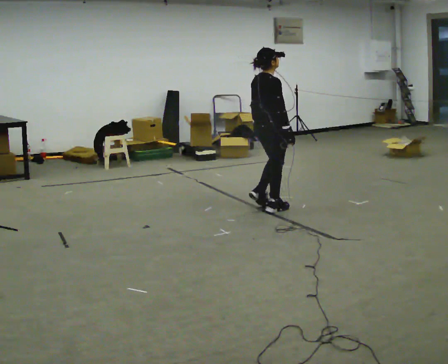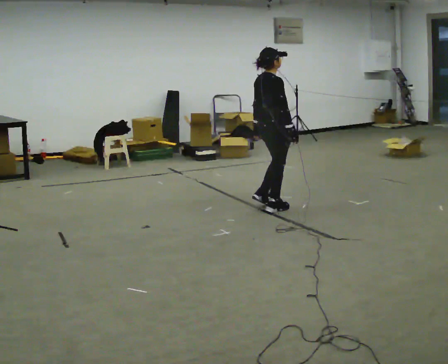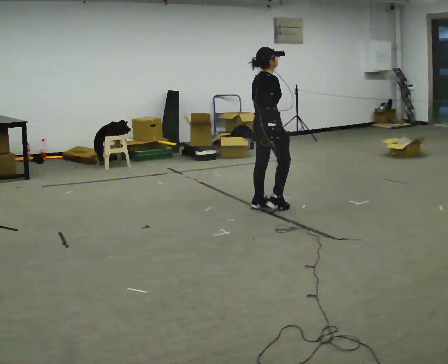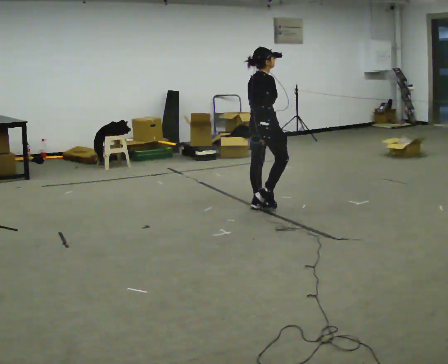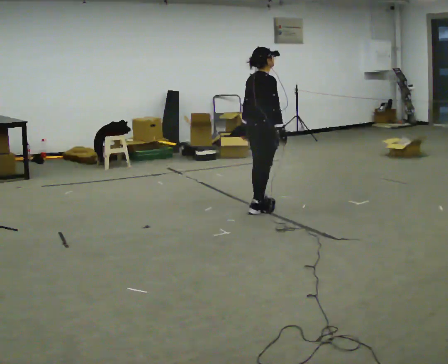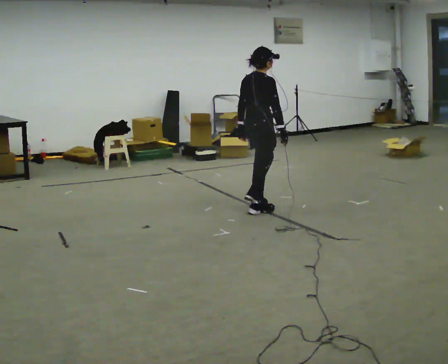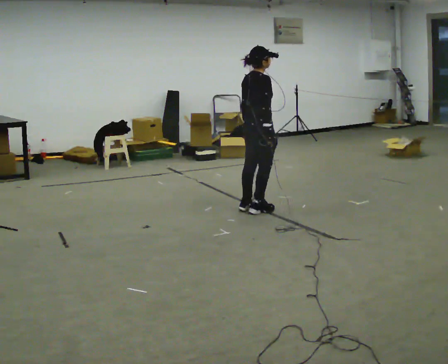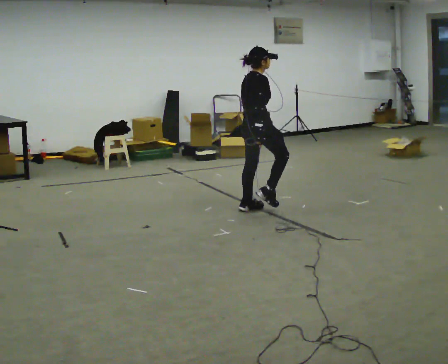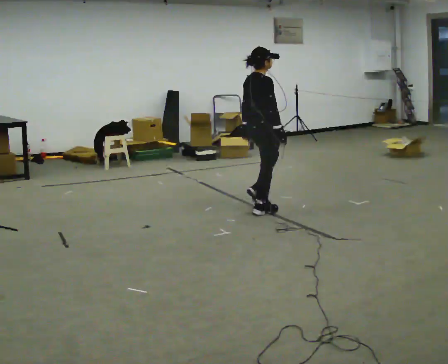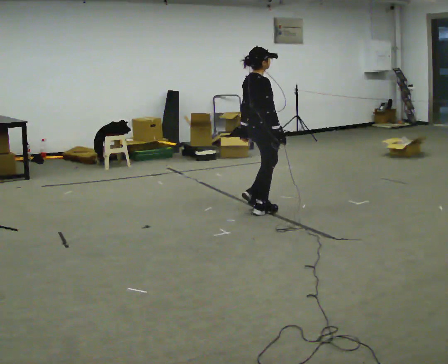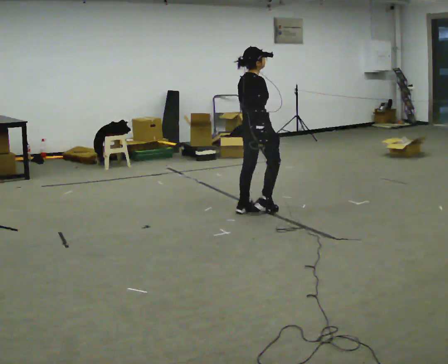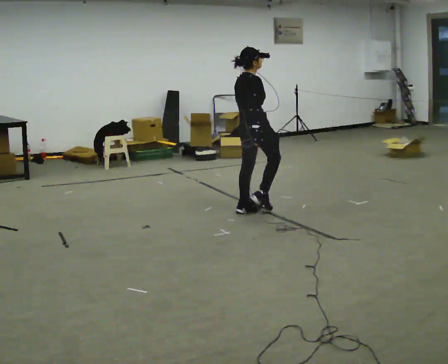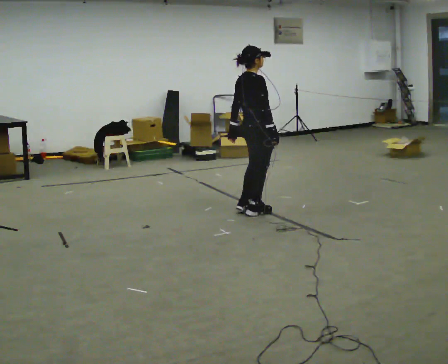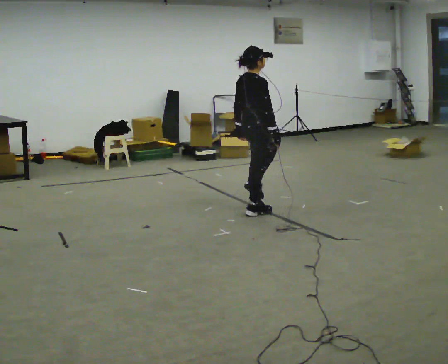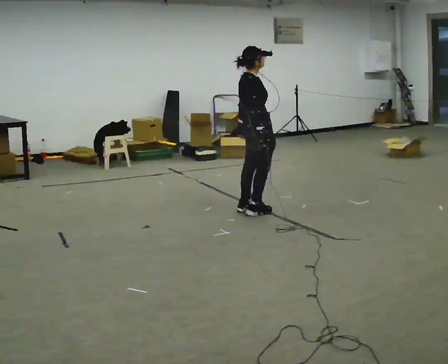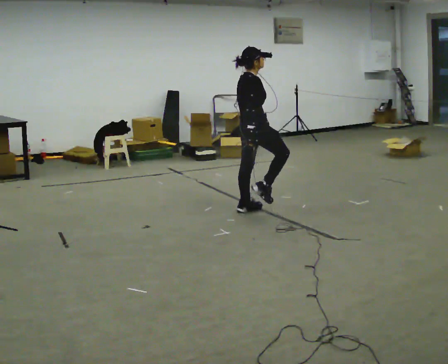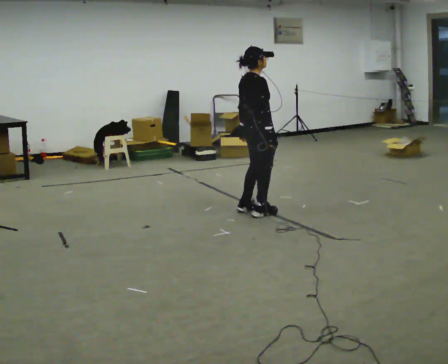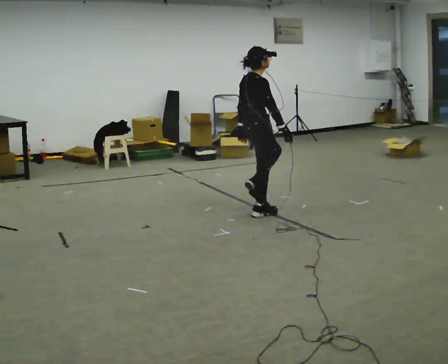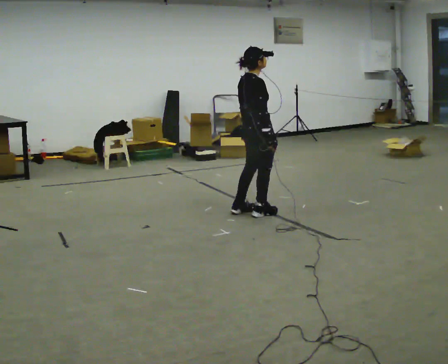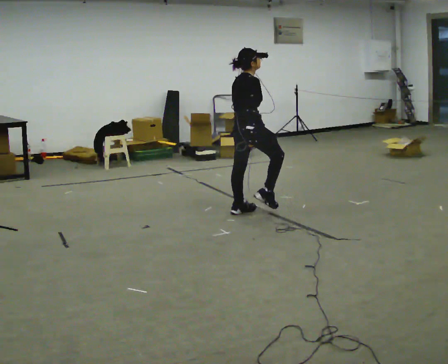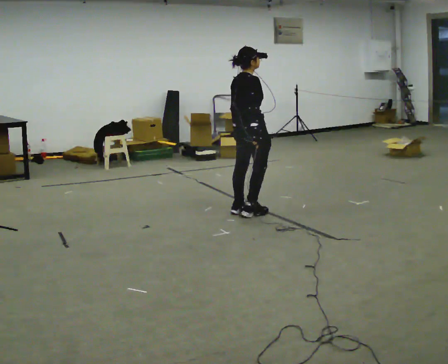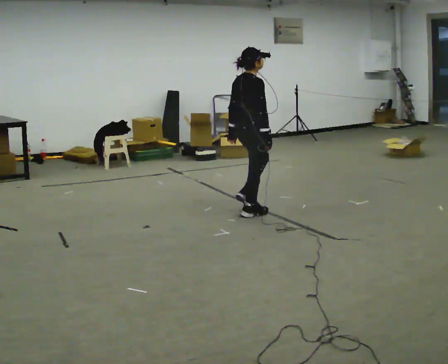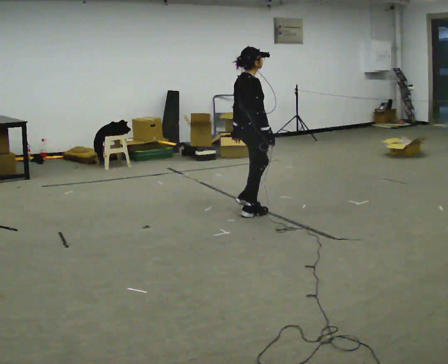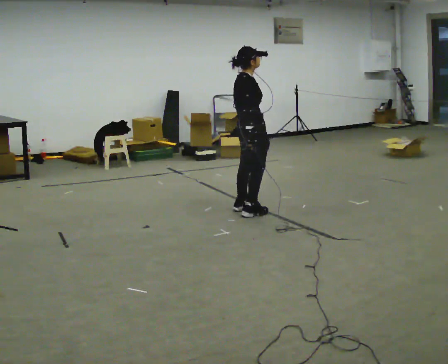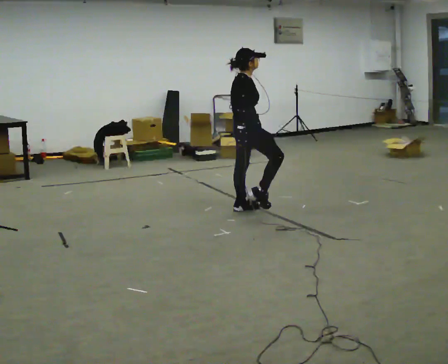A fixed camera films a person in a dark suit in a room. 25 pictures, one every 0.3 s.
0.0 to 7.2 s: In the picture they go to the left, about 0.25 m in 3 steps, which for them is backward. In the picture their right hand goes to the left.
The film runs forward here.
